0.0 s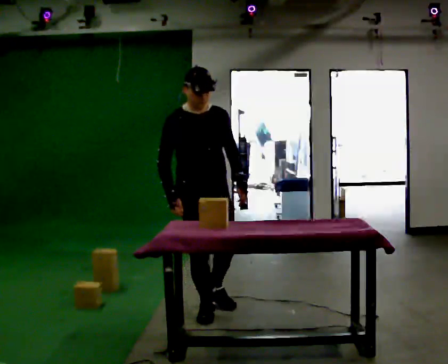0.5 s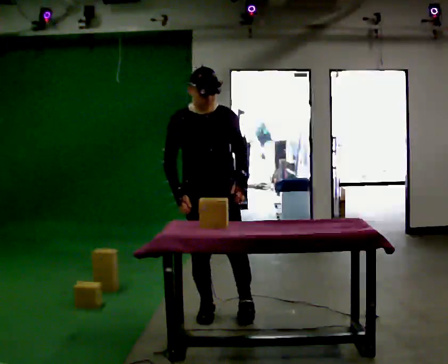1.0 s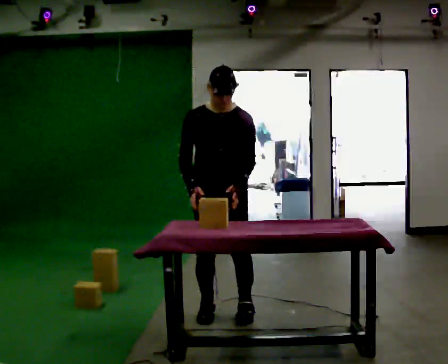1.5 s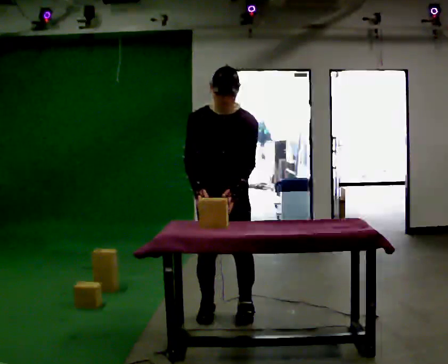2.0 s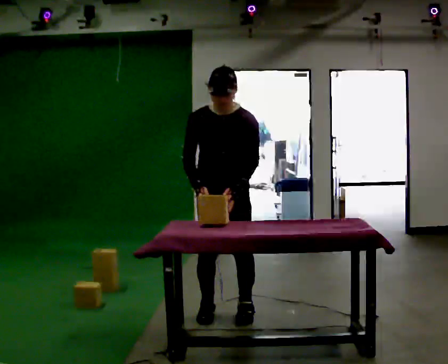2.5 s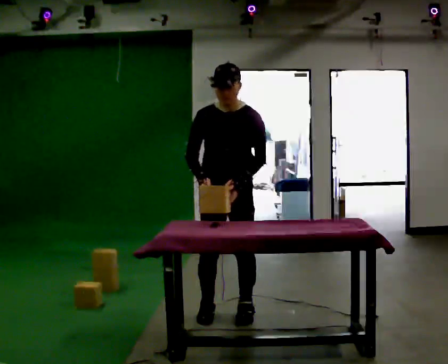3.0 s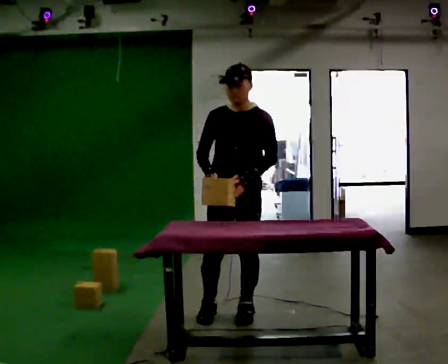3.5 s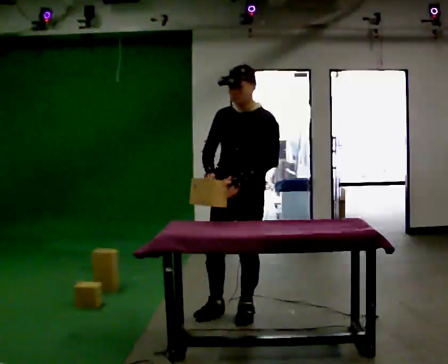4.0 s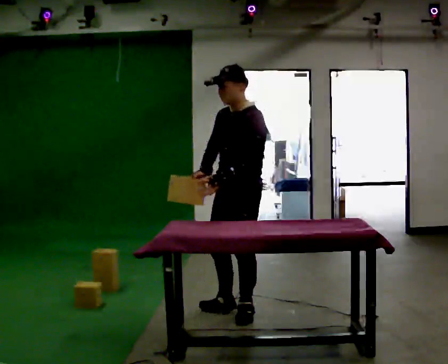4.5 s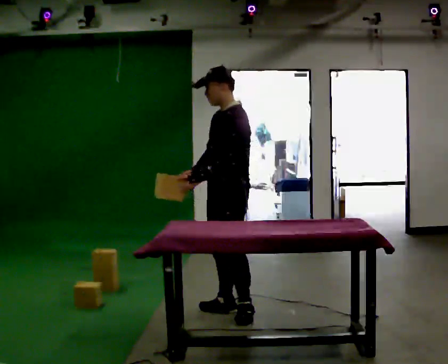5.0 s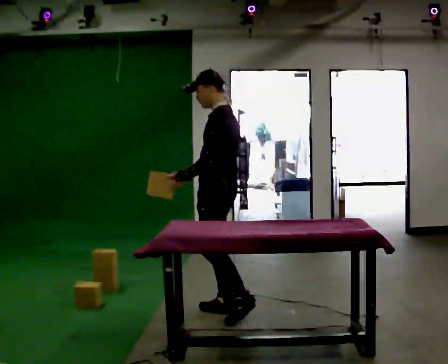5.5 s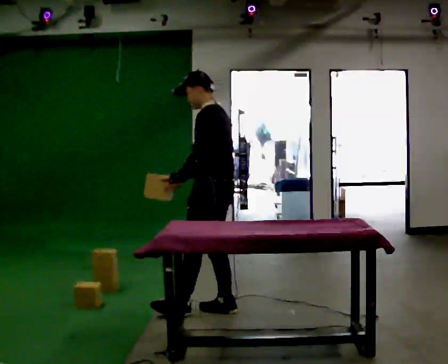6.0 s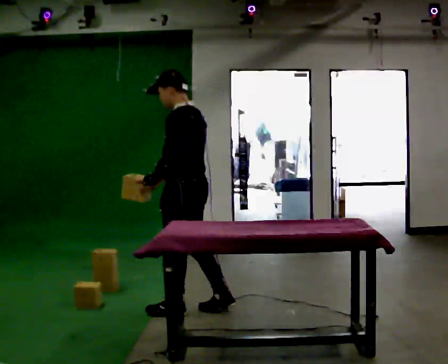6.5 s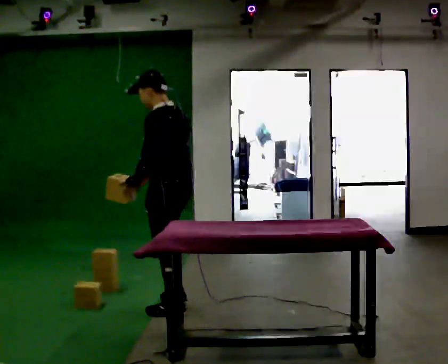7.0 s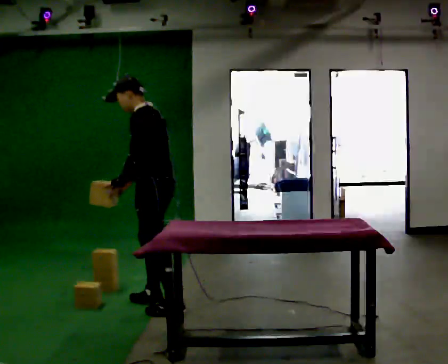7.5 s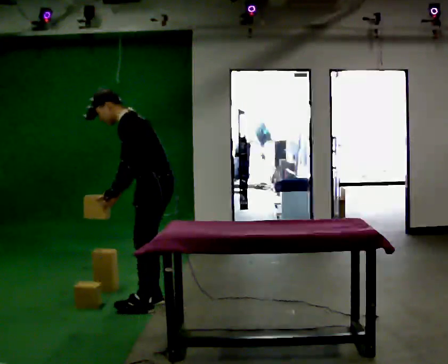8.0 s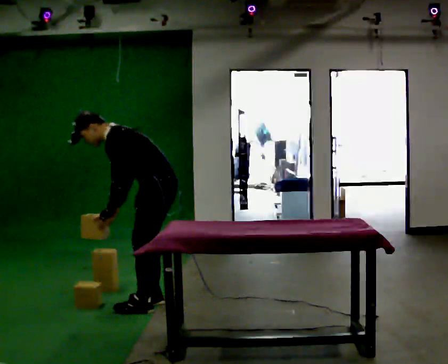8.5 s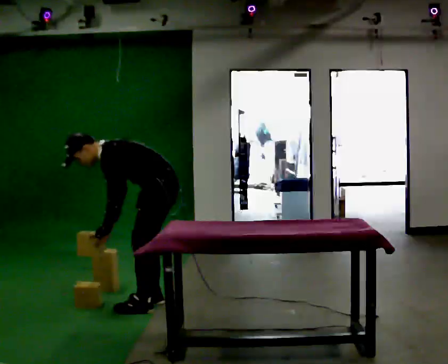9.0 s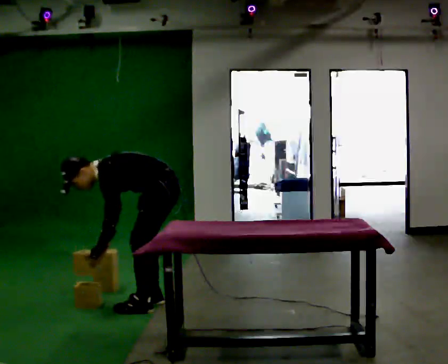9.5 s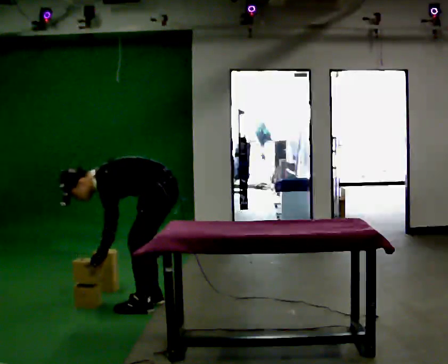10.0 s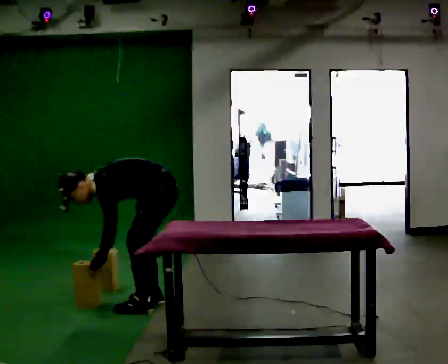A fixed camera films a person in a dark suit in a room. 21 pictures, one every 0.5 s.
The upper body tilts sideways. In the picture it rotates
counterclockwise.
The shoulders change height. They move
downward.
0.0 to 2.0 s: The part of the body nearest the lens slides to the left as the person turns to their right by about 30 degrees. In the picture they go to the right, about 0.25 m in 1 step, which for them is to their left.
2.0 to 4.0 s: Seen from above the body turns clockwise, about 45 degrees: to their right, with its near side sliding to the left.
4.0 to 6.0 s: The part of the body nearest the lens slides to the left as the person turns to their right by about 60 degrees. In the picture they go to the left, about 0.25 m in 1 step, which for them is forward.
6.0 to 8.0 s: In the picture they go to the left, about 0.25 m in 2 steps, which for them is forward. The upper body goes downward. In the picture the upper body tilts counterclockwise, shoulders to the left, as they bend forward.
8.0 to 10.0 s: The shoulders move downward. The upper body tips toward the camera, its near side rolling downward, as they bend forward. In the picture their left hand goes downward.
The film runs forward here.
